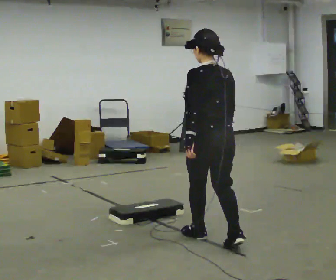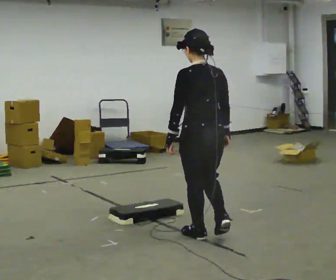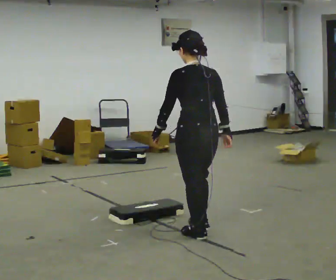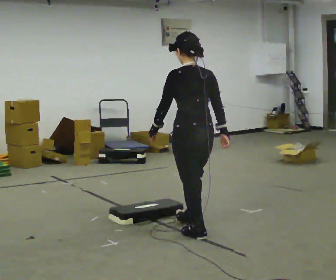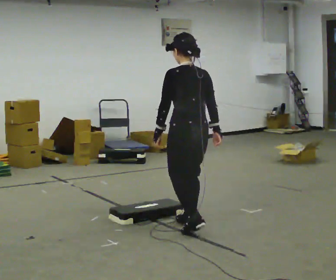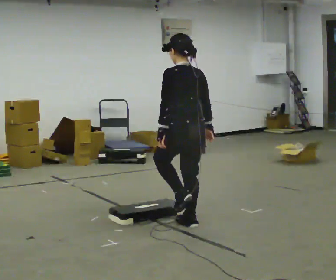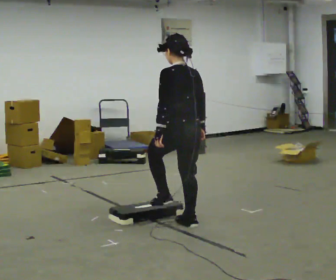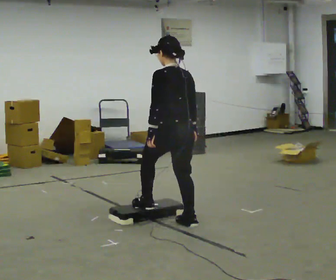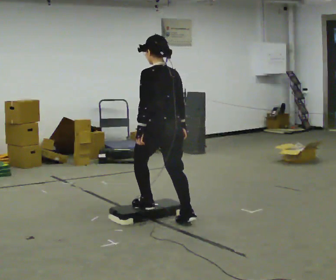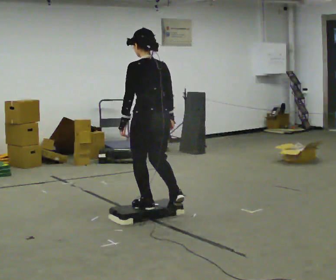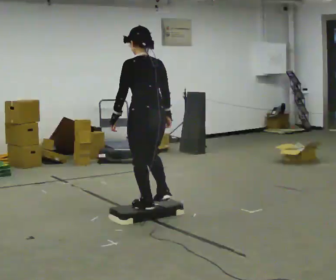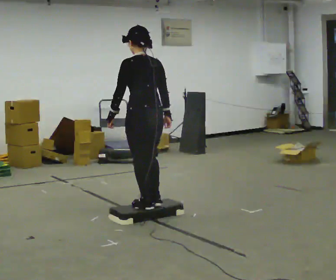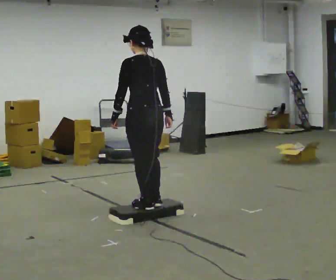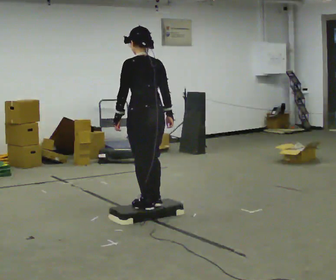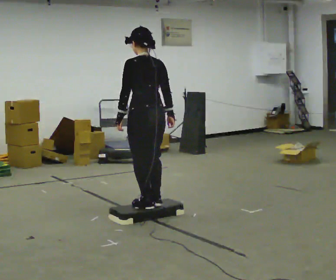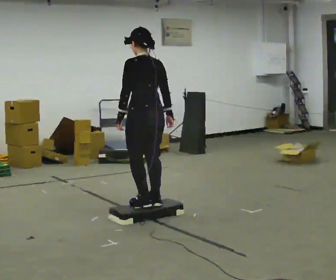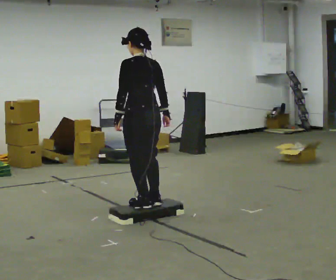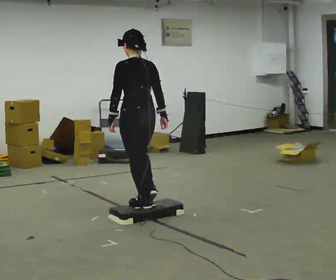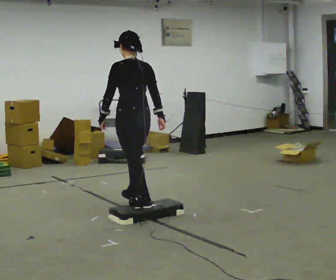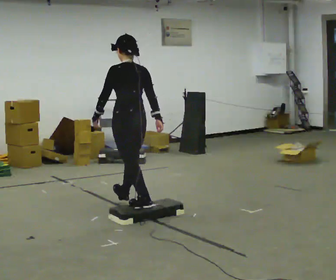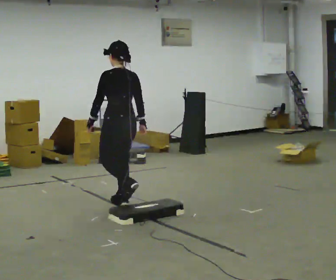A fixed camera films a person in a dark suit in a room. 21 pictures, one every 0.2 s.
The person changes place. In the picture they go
away from the camera.
0.0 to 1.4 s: In the picture they go away from the camera and to the left, about 0.5 m in 2 steps, which for them is forward.
1.4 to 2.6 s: In the picture they go away from the camera and to the left, about 0.25 m in 1 step, which for them is forward.
2.6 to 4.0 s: In the picture they go away from the camera and to the left, about 0.5 m in 1 step, which for them is forward.
The film runs forward here.
